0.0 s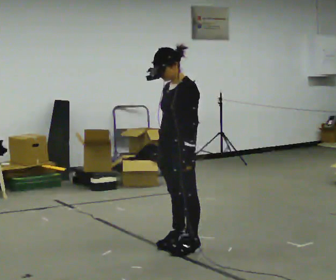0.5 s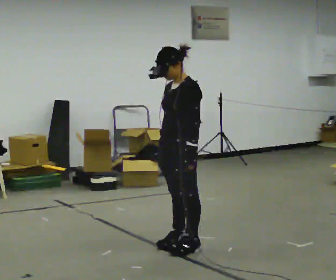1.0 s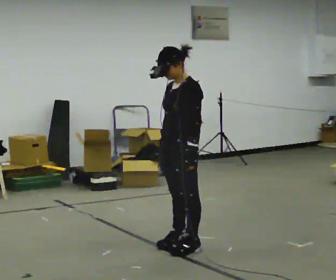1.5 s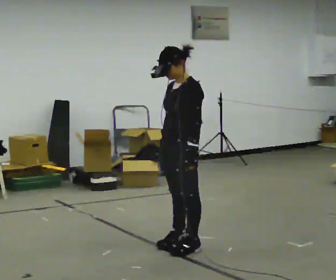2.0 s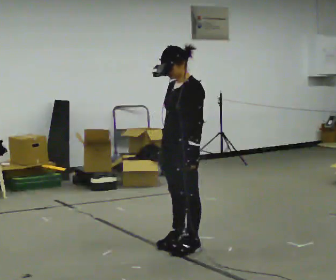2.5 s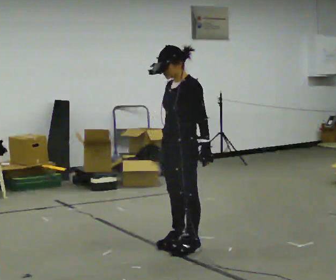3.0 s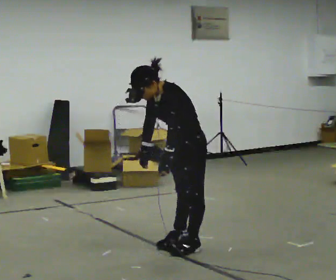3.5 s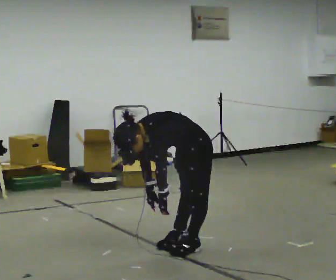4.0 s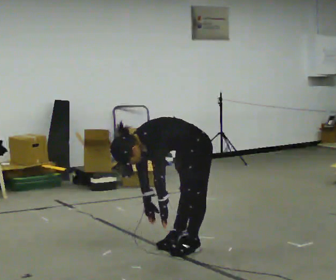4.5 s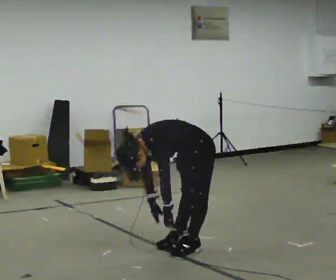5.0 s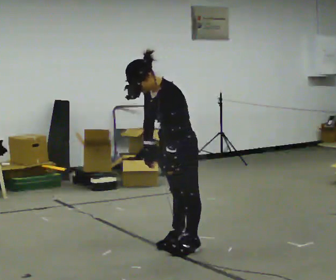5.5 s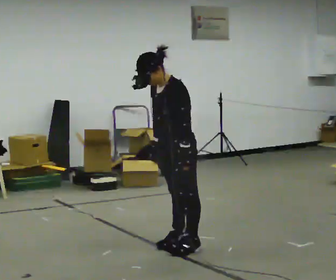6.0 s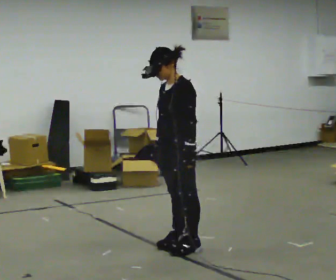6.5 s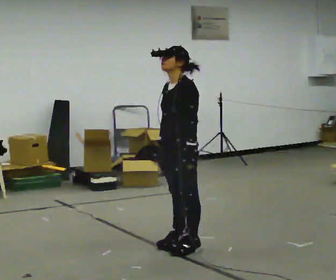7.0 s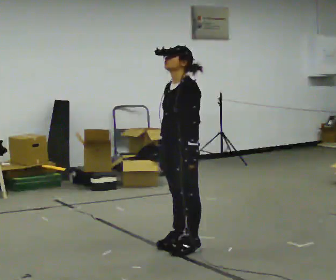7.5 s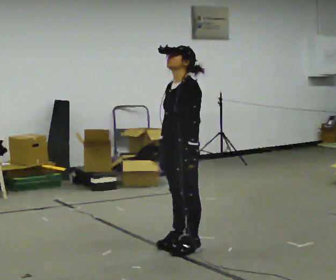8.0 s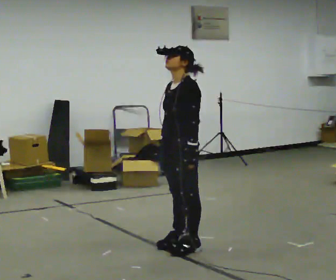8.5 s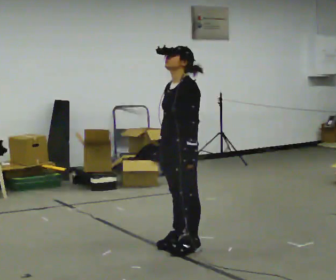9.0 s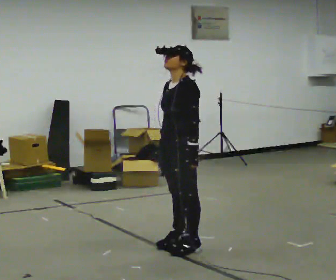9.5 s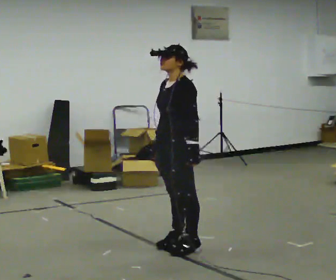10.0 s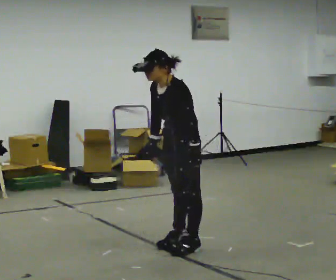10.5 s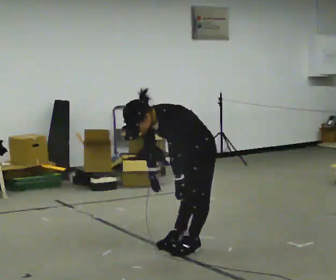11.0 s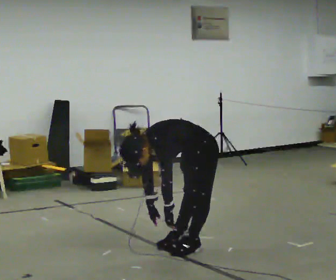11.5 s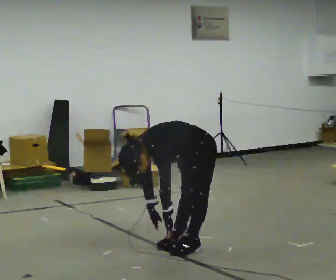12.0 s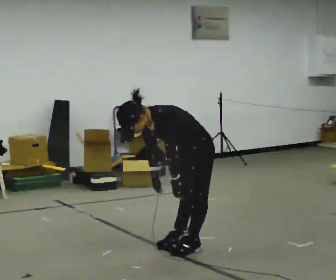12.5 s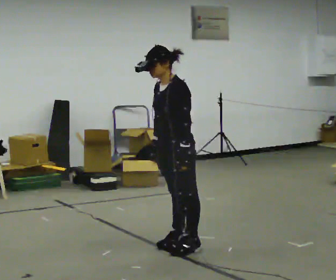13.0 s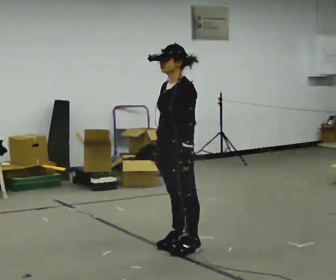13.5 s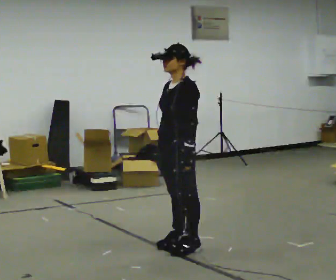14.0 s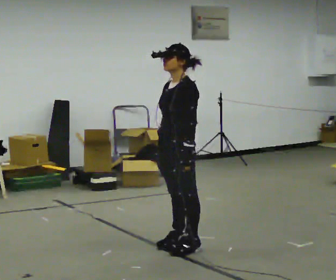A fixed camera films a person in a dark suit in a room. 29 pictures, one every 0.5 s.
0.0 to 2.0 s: The person moves a little, or ends about where they began.
2.0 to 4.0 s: The upper body goes downward. In the picture the upper body tilts counterclockwise, shoulders to the left, as they bend forward. In the picture their right hand goes downward.
4.0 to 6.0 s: The shoulders move upward. In the picture the upper body tilts clockwise, shoulders to the right, as they lean back or straighten. In the picture their right hand goes upward.
6.0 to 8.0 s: The person moves a little, or ends about where they began.
8.0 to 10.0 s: In the picture the upper body tilts counterclockwise, shoulders to the left, as they bend forward.
10.0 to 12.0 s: The person moves a little, or ends about where they began.
12.0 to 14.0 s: The shoulders move upward. In the picture the upper body tilts clockwise, shoulders to the right, as they lean back or straighten.
The film runs backward here.
